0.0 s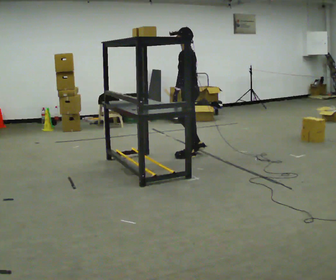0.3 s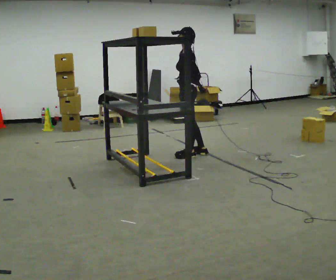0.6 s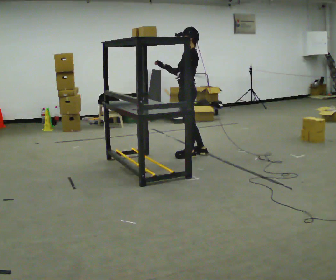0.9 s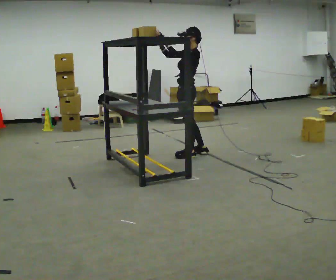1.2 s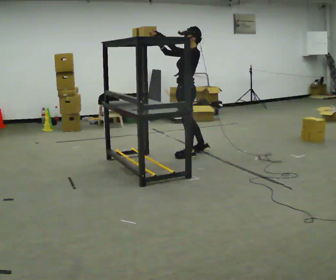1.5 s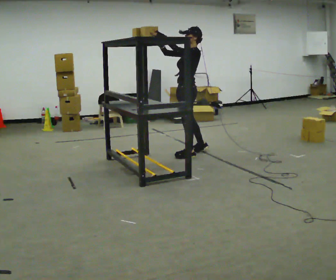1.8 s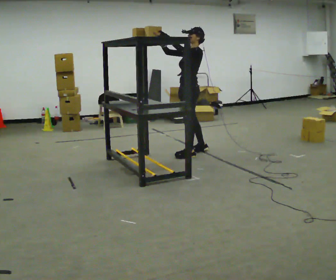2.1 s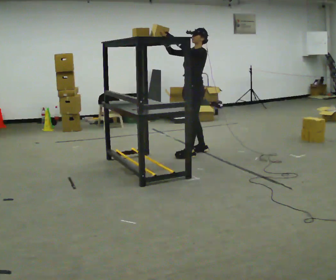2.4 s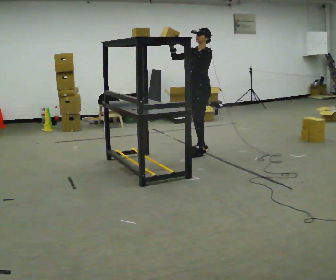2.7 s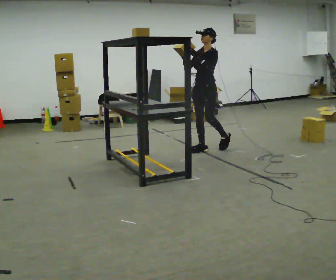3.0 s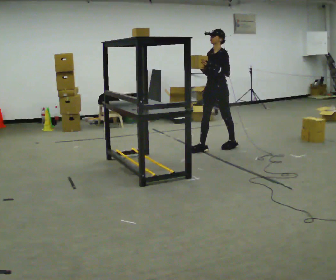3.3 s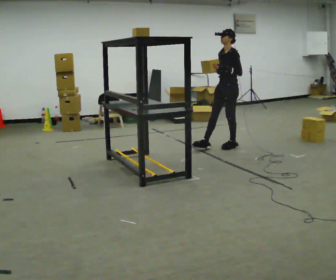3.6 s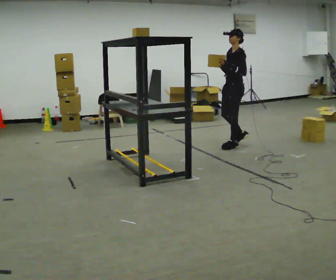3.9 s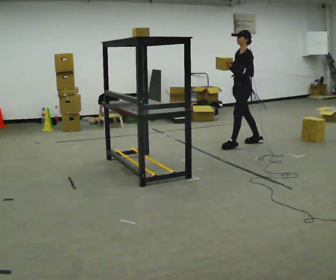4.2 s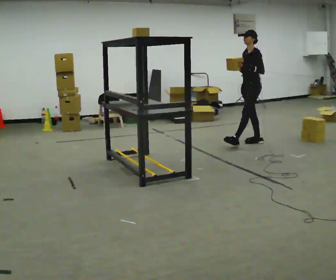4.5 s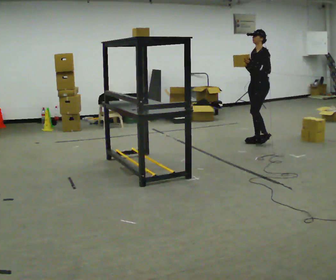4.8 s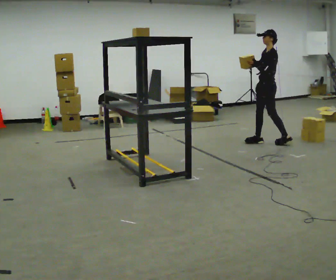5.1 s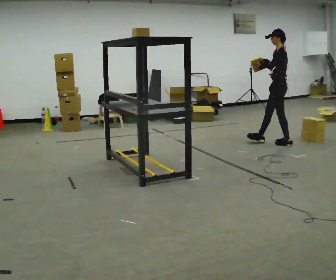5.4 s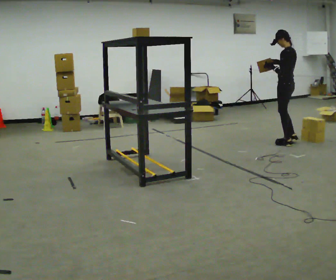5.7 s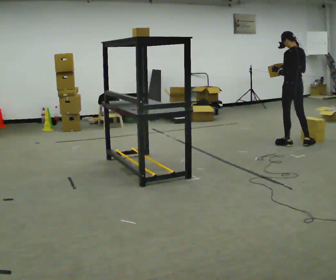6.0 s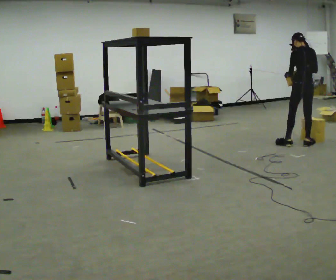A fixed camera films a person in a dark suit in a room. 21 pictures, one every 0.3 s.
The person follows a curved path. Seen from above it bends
clockwise.
The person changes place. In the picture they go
to the right.
0.0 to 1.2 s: The part of the body nearest the lens slides to the right as the person turns to their left by about 30 degrees. In the picture their right hand goes upward and to the left, the arm swinging clockwise.
1.2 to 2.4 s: Seen from above the body turns counterclockwise, about 30 degrees: to their left, with its near side sliding to the right. In the picture they go away from the camera and to the right, about 0.25 m in 1 step, which for them is to their right and backward.
2.4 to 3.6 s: In the picture they go to the right and away from the camera, about 0.5 m in 1 step, which for them is backward.
3.6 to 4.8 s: In the picture they go to the right, about 0.5 m in 1 step, which for them is backward.
4.8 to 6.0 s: The part of the body nearest the lens slides to the left as the person turns to their right by about 90 degrees. In the picture they go to the right and toward the camera, about 0.5 m in 1 step.
The film runs backward here.
